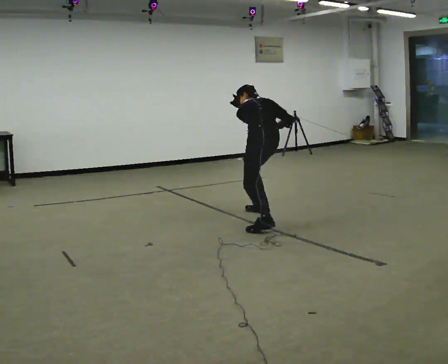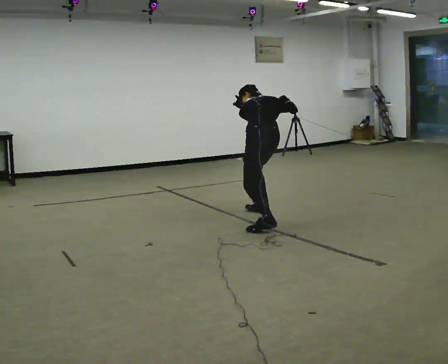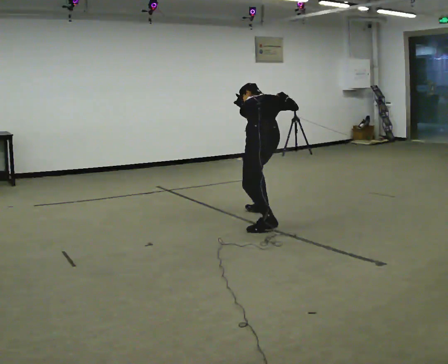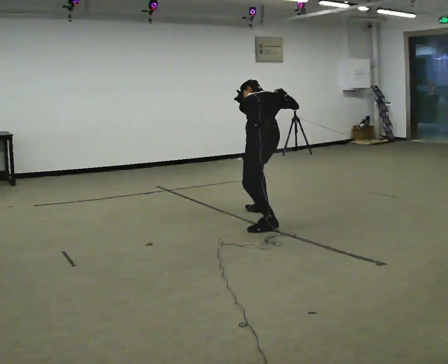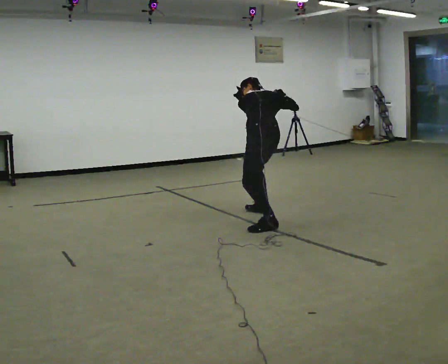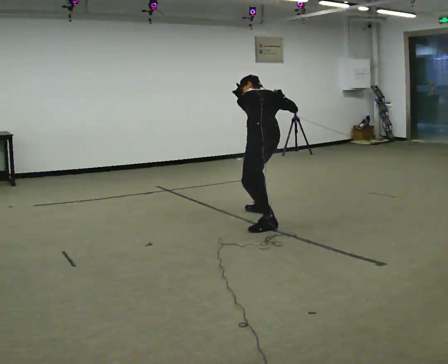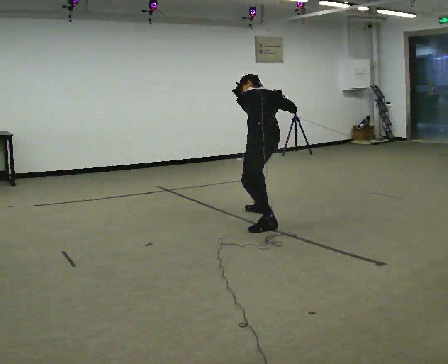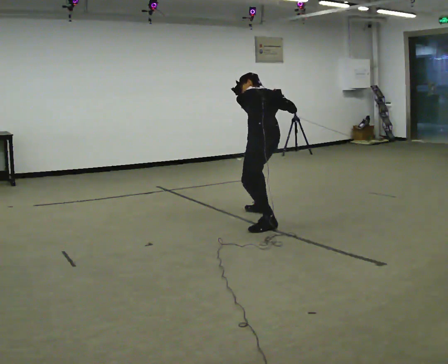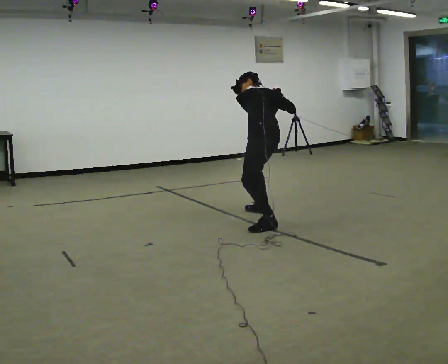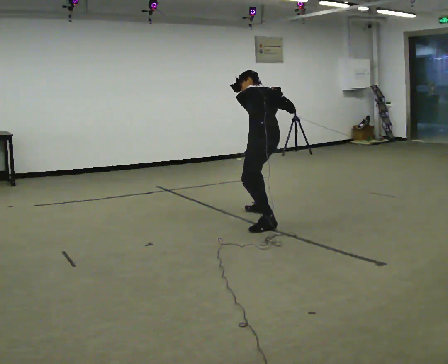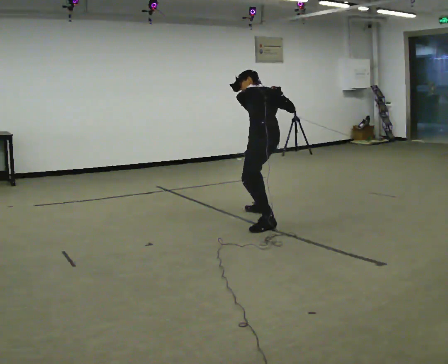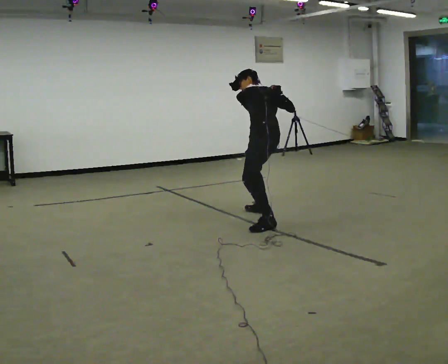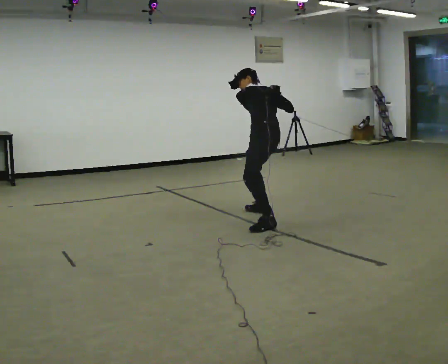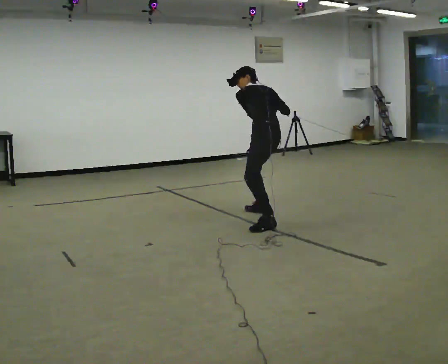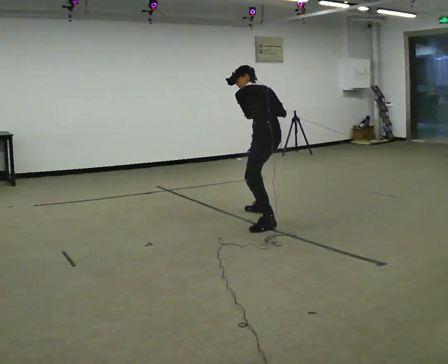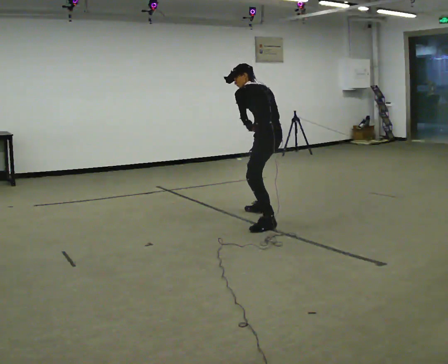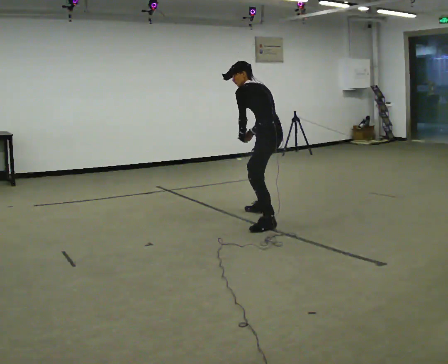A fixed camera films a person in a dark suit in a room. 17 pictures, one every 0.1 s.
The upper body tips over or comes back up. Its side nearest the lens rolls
downward.
0.0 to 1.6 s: Seen from above the body turns counterclockwise, about 30 degrees: to their left, with its near side sliding to the right. The upper body goes upward. The upper body tips toward the camera, its near side rolling downward, as they lean back or straighten. In the picture their right hand goes to the left.
The film runs backward here.
